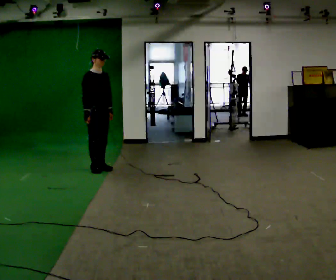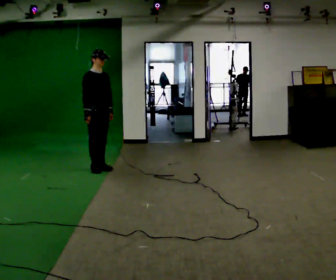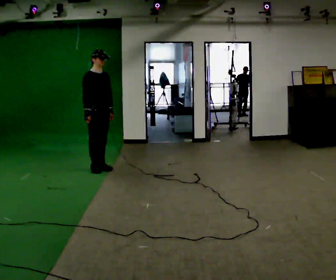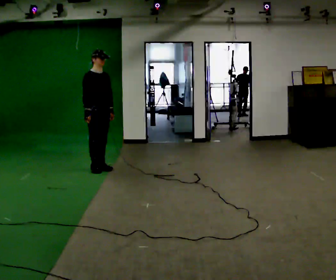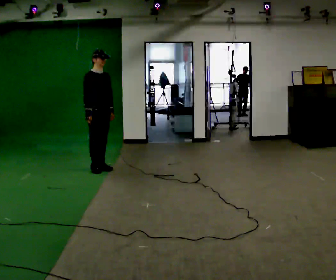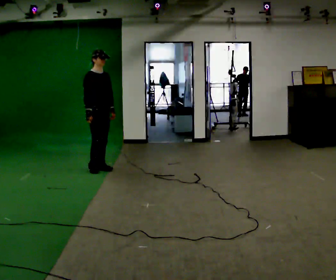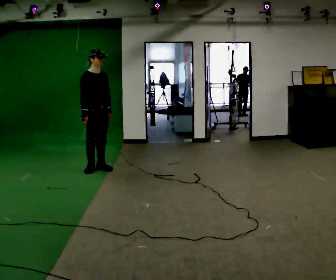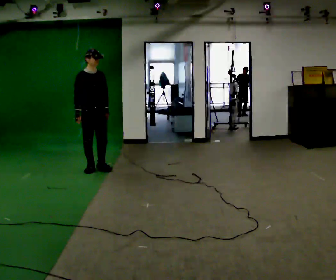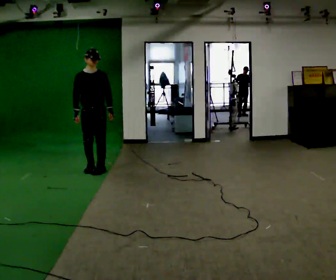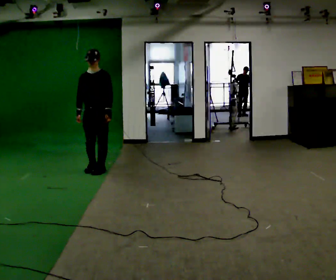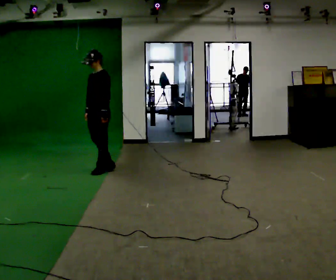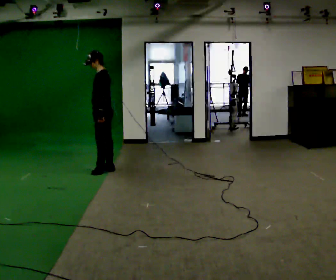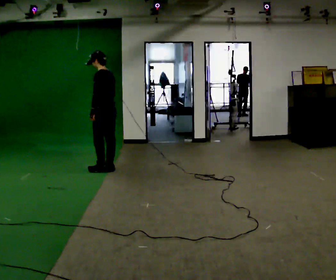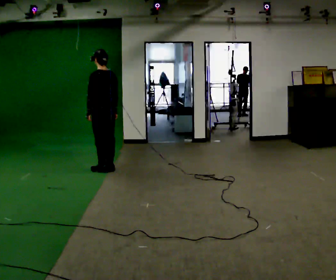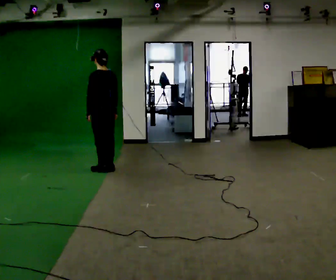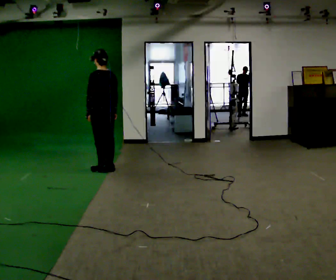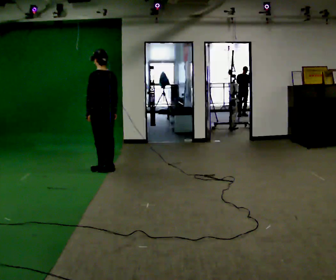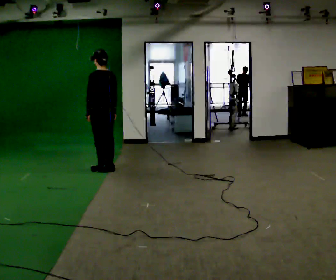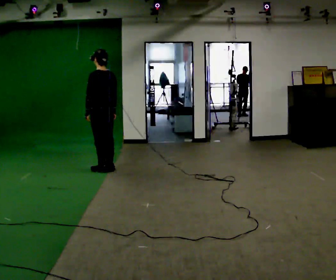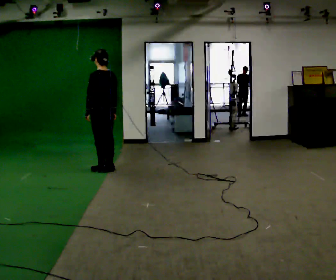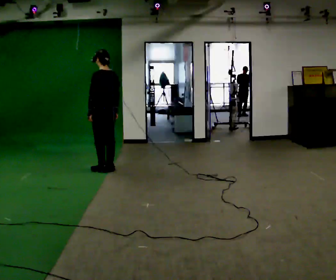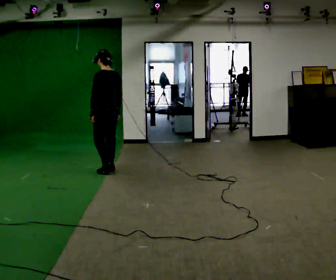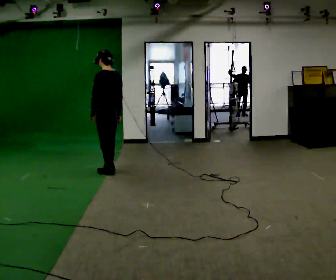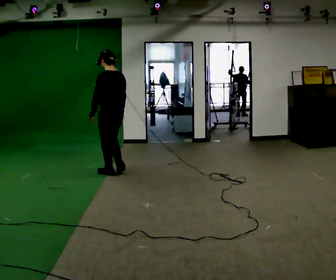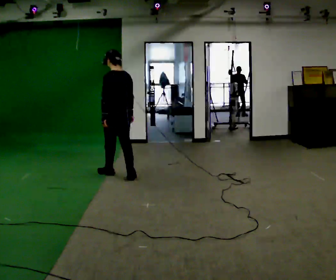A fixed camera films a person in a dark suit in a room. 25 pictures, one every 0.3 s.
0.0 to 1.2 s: The person moves a little, or ends about where they began.
1.2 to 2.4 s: The part of the body nearest the lens slides to the left as the person turns to their right by about 45 degrees.
2.4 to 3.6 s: The part of the body nearest the lens slides to the left as the person turns to their right by about 120 degrees. In the picture they go to the right, about 0.25 m in 1 step.
3.6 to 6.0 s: The person moves a little, or ends about where they began.
6.0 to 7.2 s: In the picture they go toward the camera and to the right, about 0.25 m in 2 steps, which for them is backward.
The film runs backward here.
